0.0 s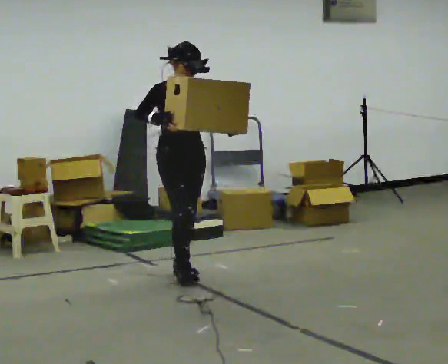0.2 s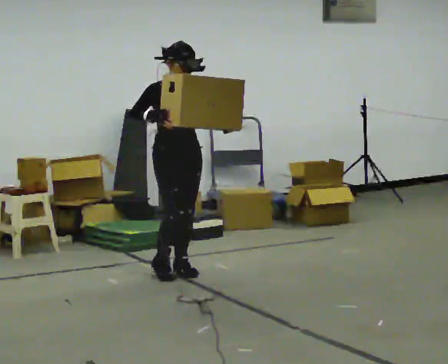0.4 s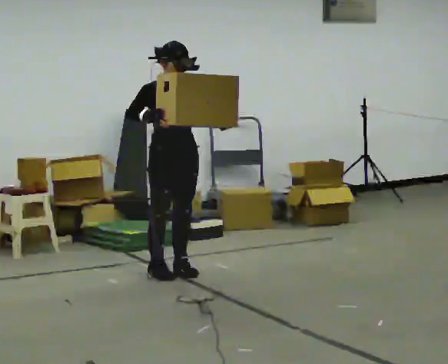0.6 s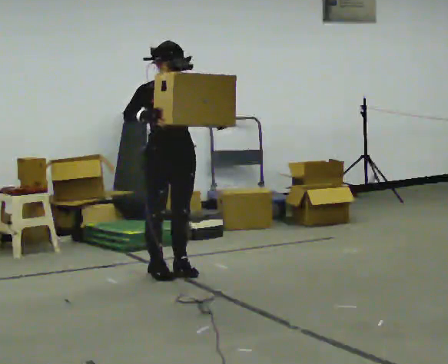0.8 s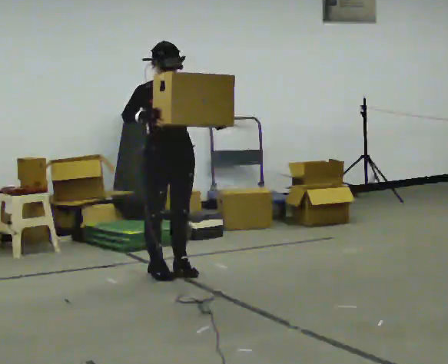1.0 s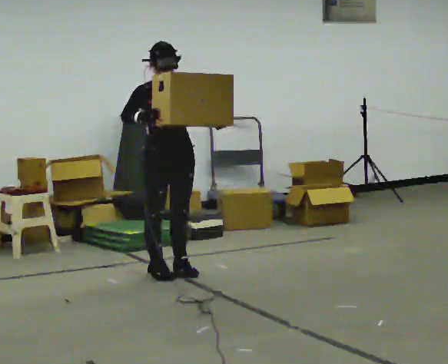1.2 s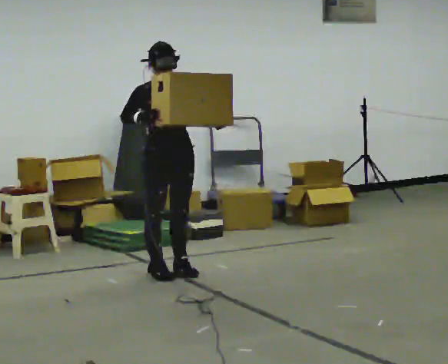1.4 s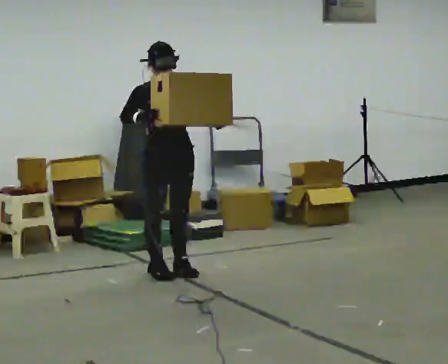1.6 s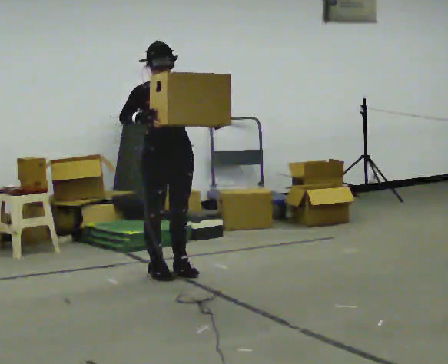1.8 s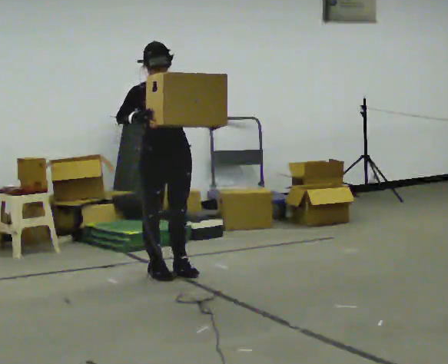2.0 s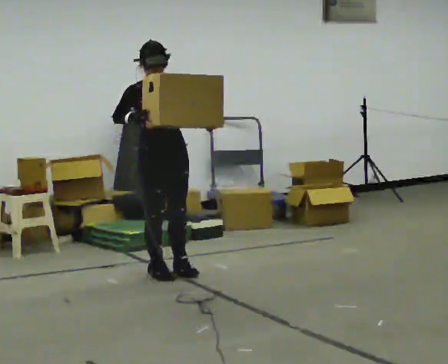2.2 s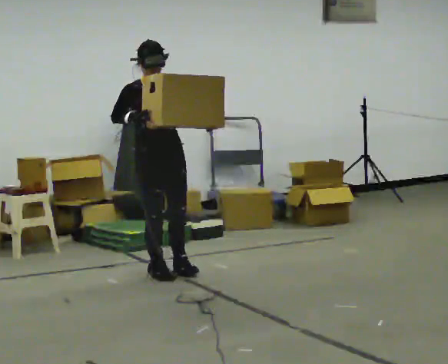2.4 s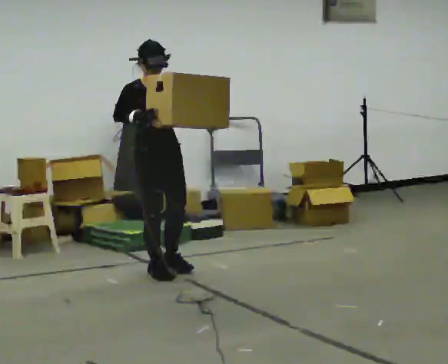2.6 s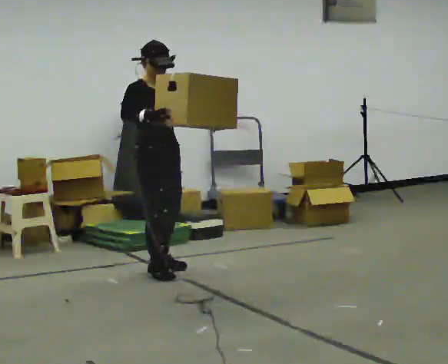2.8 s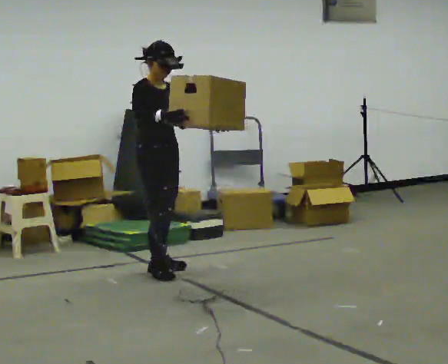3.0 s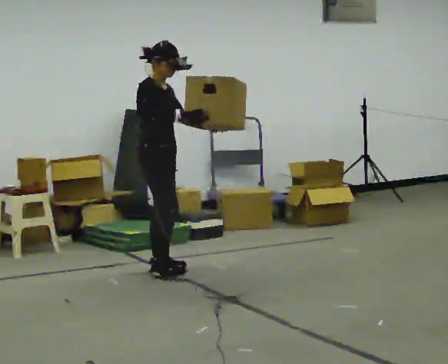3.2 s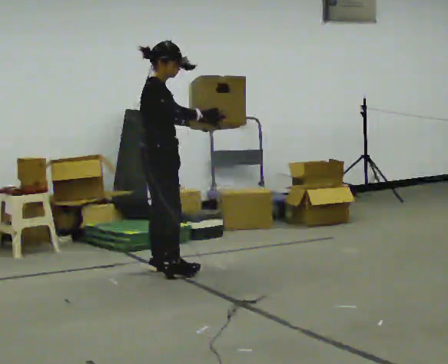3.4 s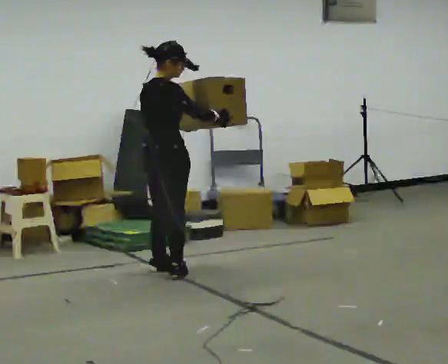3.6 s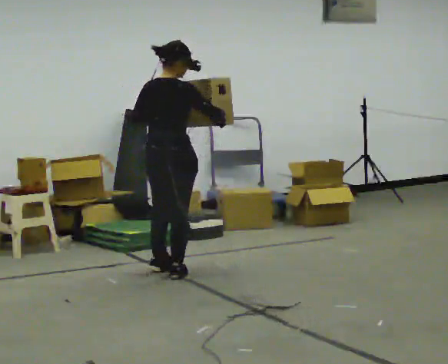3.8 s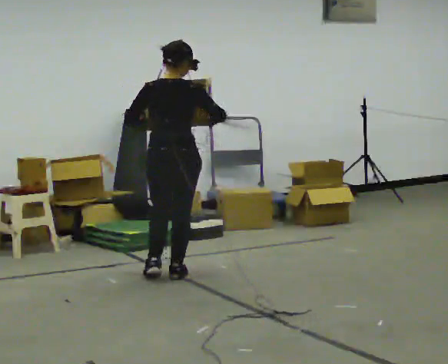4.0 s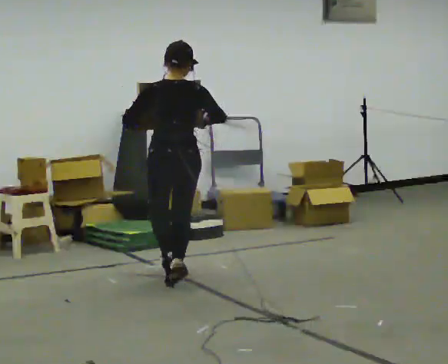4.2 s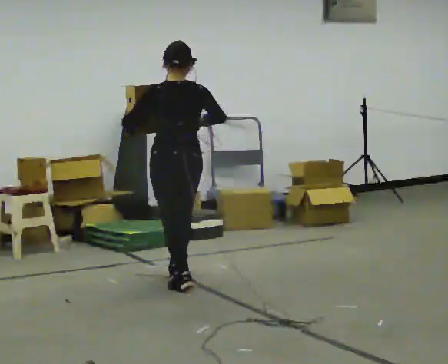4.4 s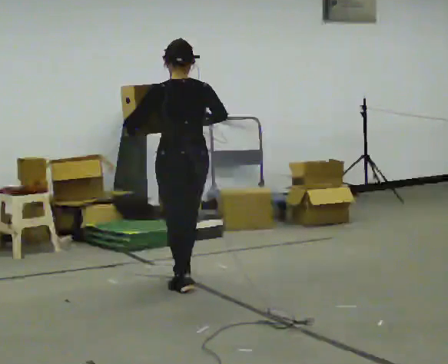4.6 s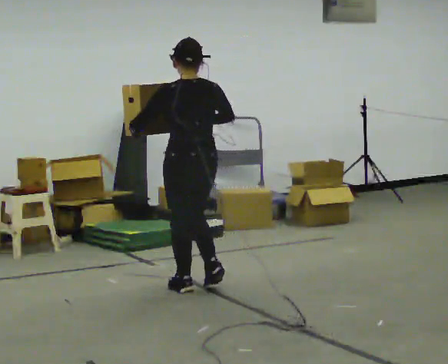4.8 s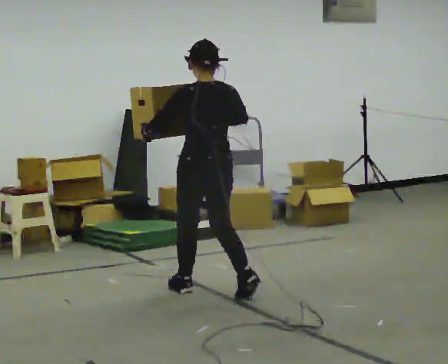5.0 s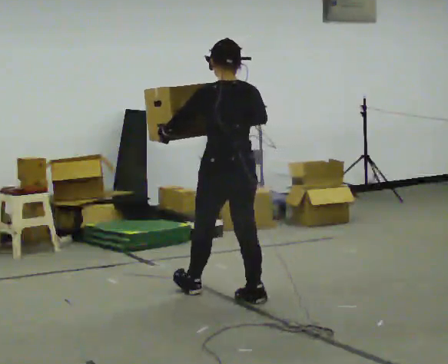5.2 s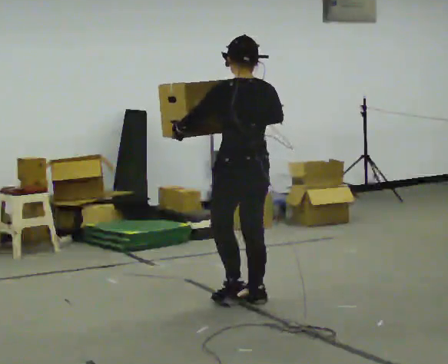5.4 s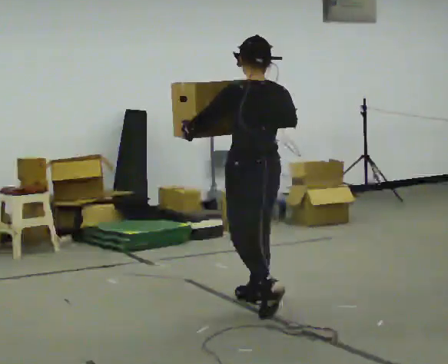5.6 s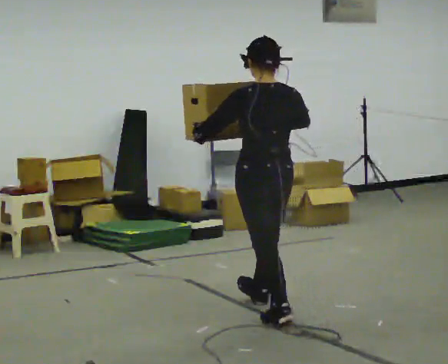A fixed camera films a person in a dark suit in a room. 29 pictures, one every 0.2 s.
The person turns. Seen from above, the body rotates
counterclockwise.
The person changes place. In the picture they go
toward the camera.
0.0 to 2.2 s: The person moves a little, or ends about where they began.
2.2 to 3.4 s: The person turns about 90 degrees to their left, counterclockwise seen from above, so the part of the body nearest the lens slides to the right. In the picture their right hand goes to the right.
3.4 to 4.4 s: The person turns about 75 degrees to their left, counterclockwise seen from above, so the part of the body nearest the lens slides to the right. In the picture they go toward the camera, about 0.5 m in 2 steps.
4.4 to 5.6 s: In the picture they go toward the camera and to the right, about 1 m in 2 steps, which for them is backward.
The film runs backward here.
